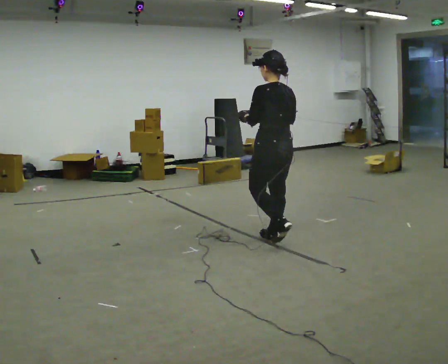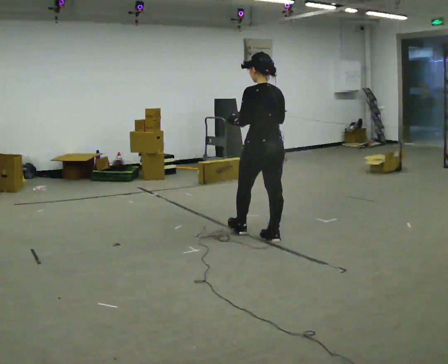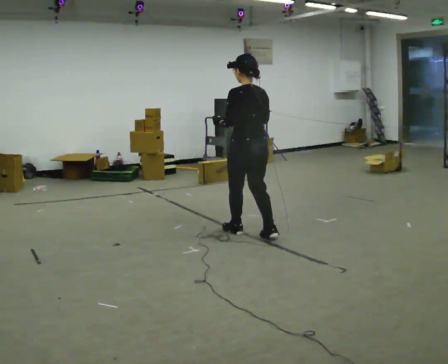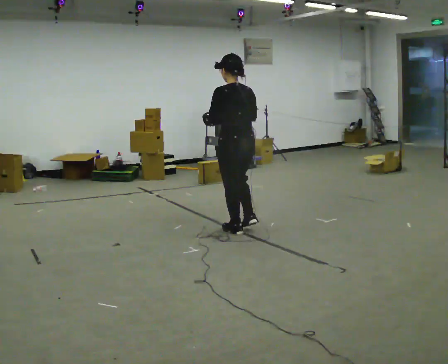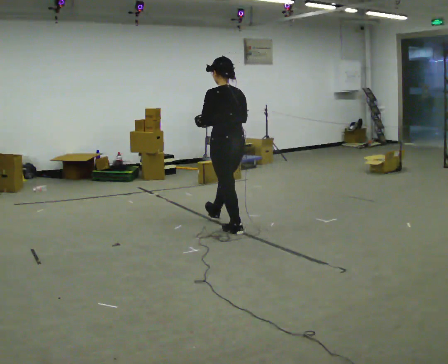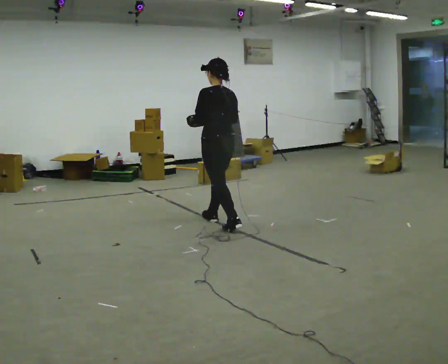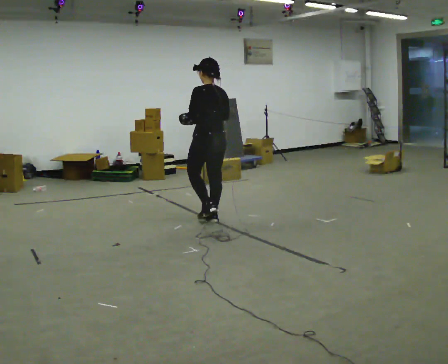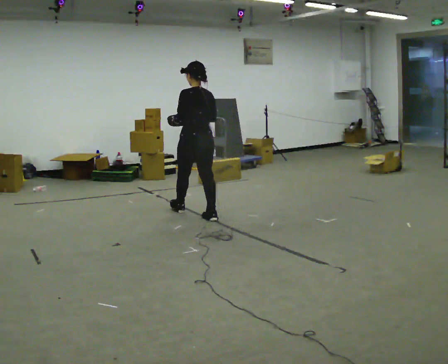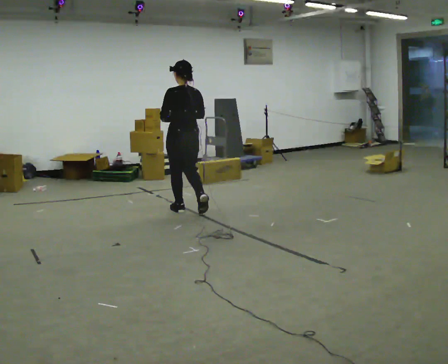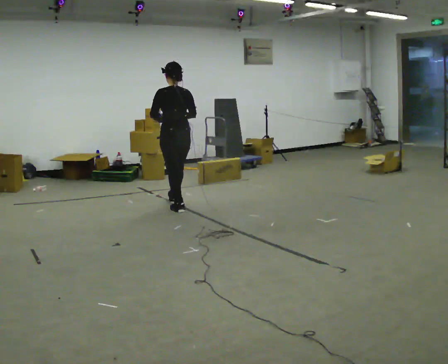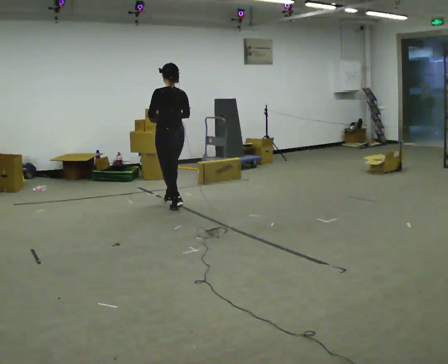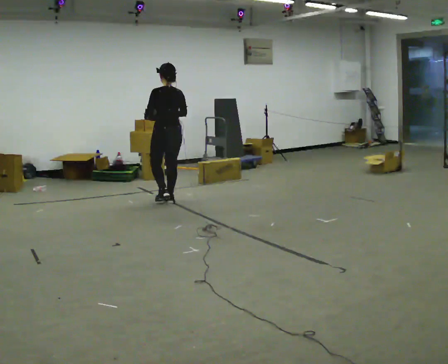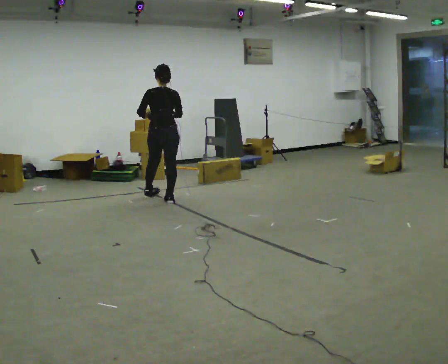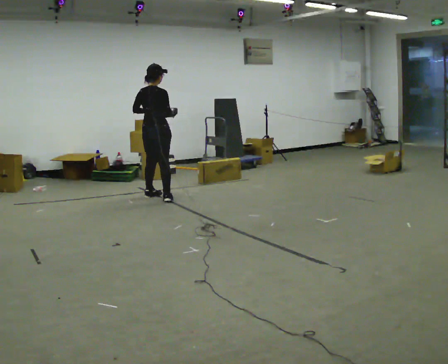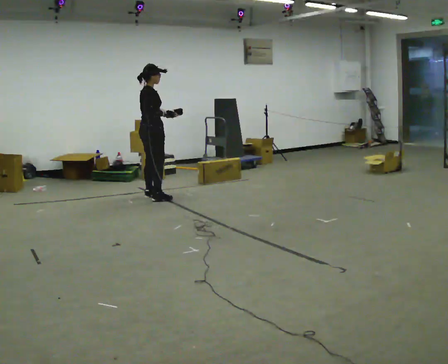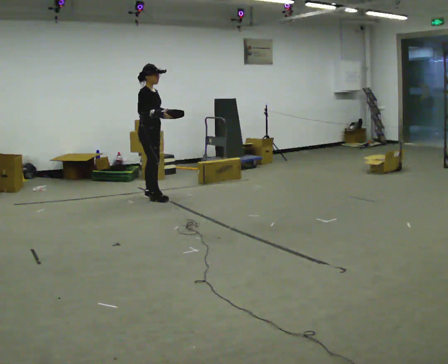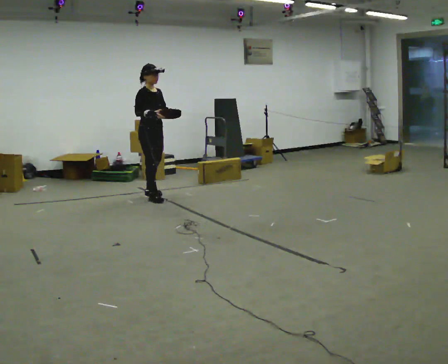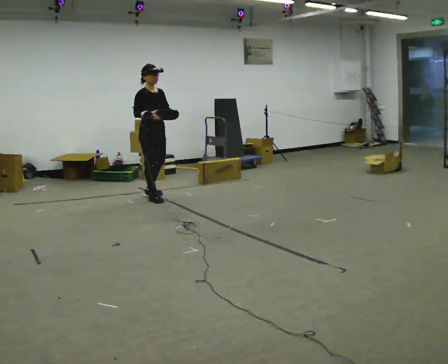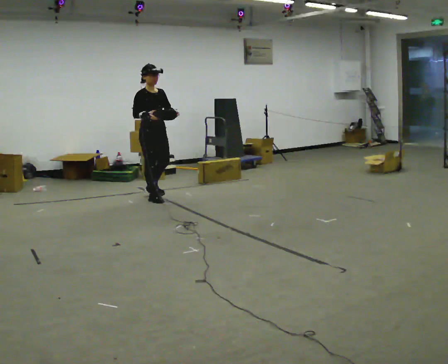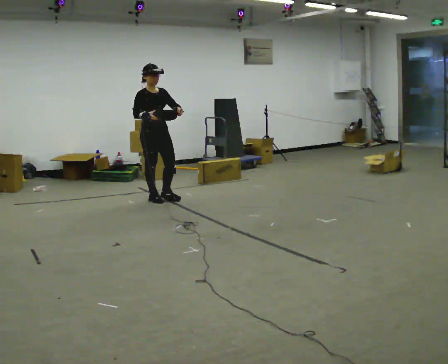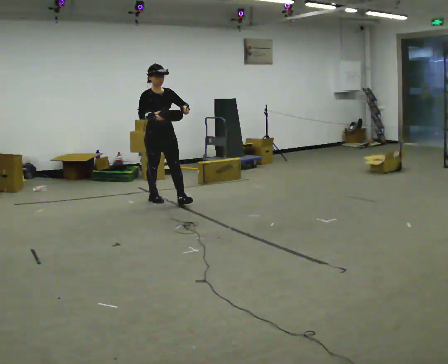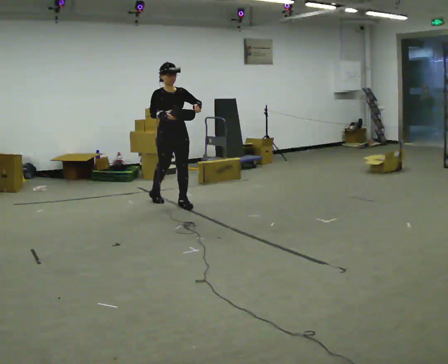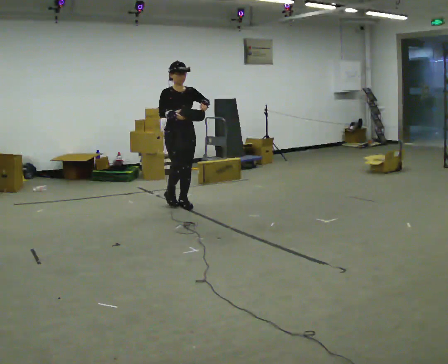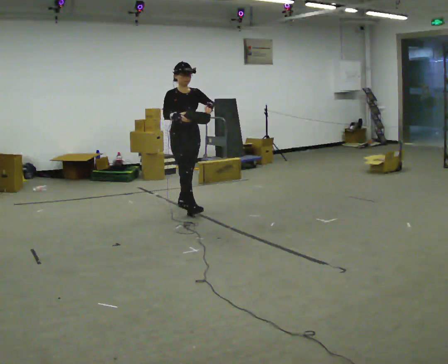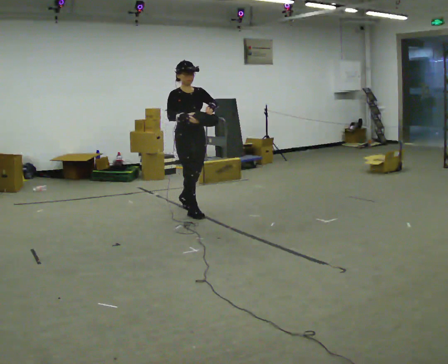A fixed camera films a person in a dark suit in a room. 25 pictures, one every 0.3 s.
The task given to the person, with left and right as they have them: Carry the bag and, while walking, undo the buckle or zip, then do it up again. Keep repeating as you walk. Do not stop.
0.0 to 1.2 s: In the picture they go away from the camera and to the left, about 0.5 m in 1 step, which for them is forward.
1.2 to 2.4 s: In the picture they go away from the camera and to the left, about 1 m in 2 steps, which for them is forward.
2.4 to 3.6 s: In the picture they go away from the camera and to the left, about 0.75 m in 2 steps, which for them is forward.
3.6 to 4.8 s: Seen from above the body turns clockwise, about 120 degrees: to their right, with its near side sliding to the left. In the picture they go to the left, about 0.25 m in 1 step. In the picture their left hand goes to the right.
4.8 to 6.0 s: The person turns about 30 degrees to their right, clockwise seen from above, so the part of the body nearest the lens slides to the left. In the picture they go toward the camera, about 0.25 m in 1 step, which for them is forward.
6.0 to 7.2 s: In the picture they go toward the camera and to the right, about 0.5 m in 1 step, which for them is forward.
The film runs forward here.
